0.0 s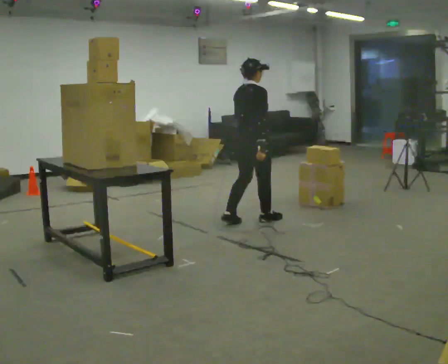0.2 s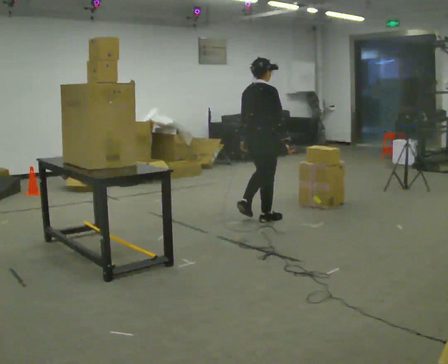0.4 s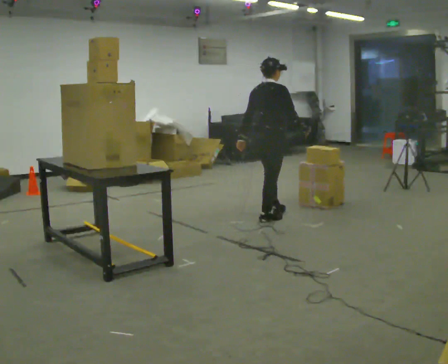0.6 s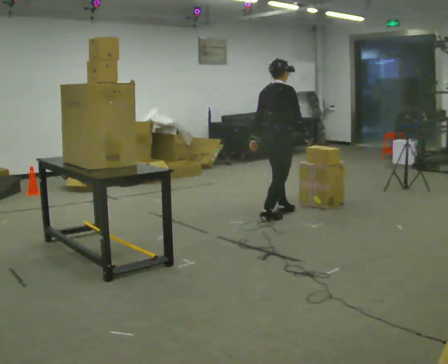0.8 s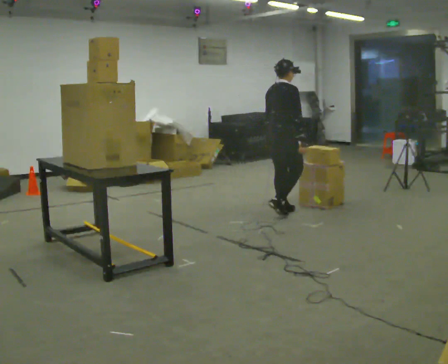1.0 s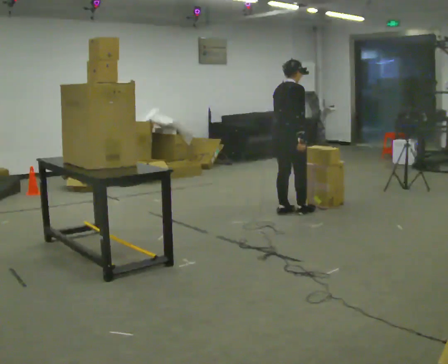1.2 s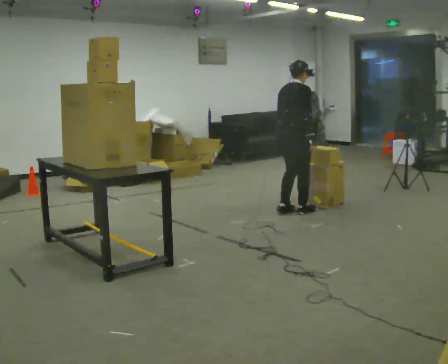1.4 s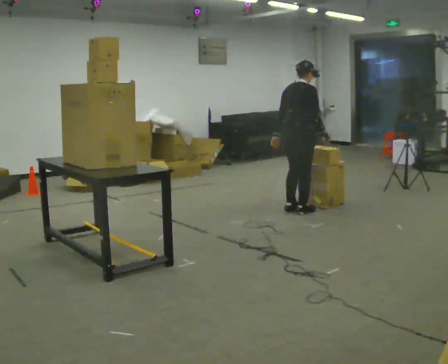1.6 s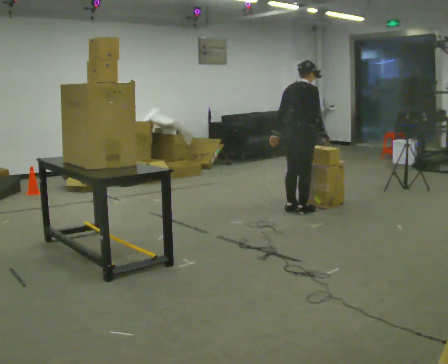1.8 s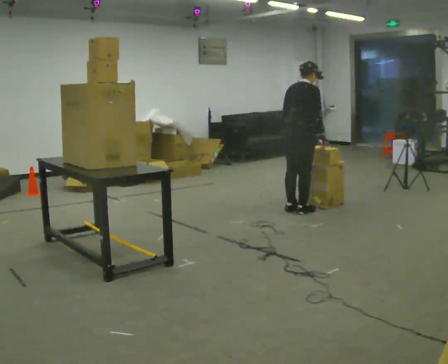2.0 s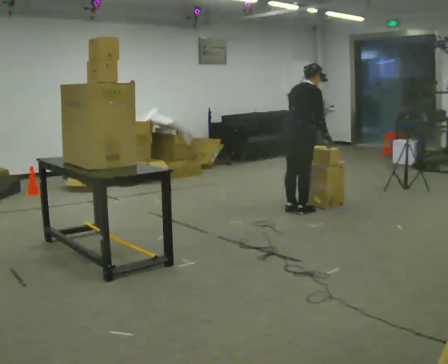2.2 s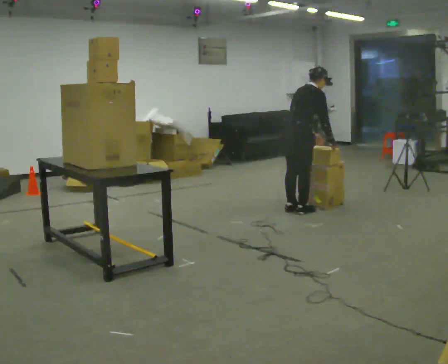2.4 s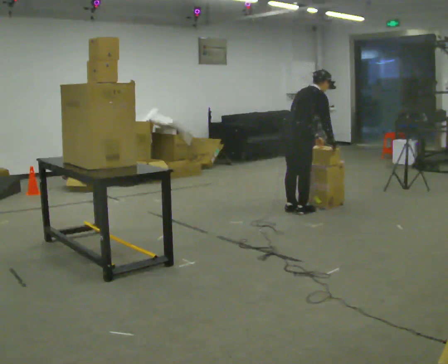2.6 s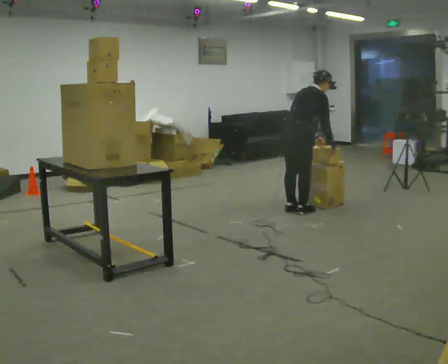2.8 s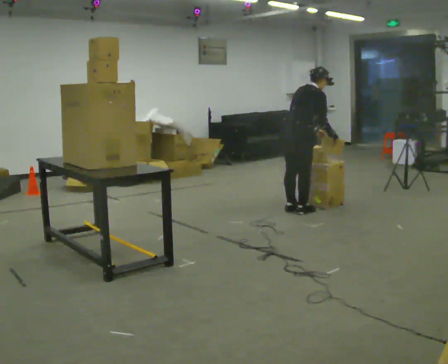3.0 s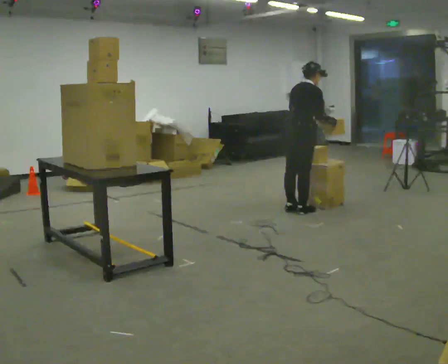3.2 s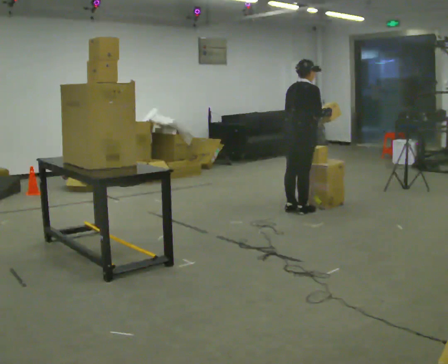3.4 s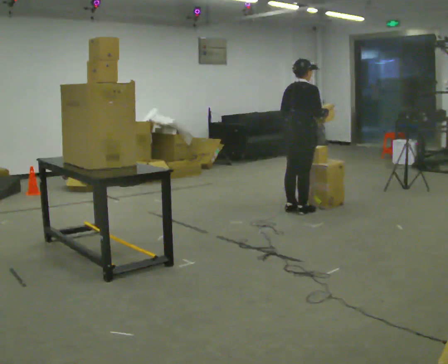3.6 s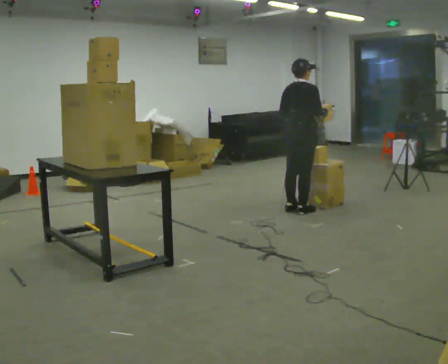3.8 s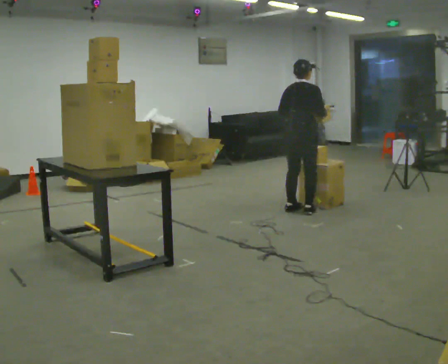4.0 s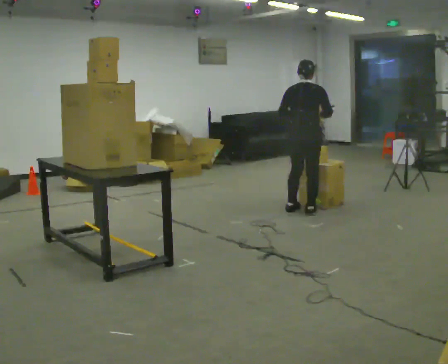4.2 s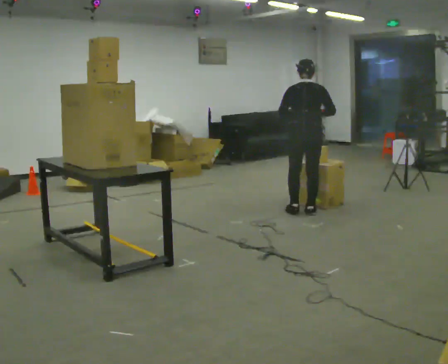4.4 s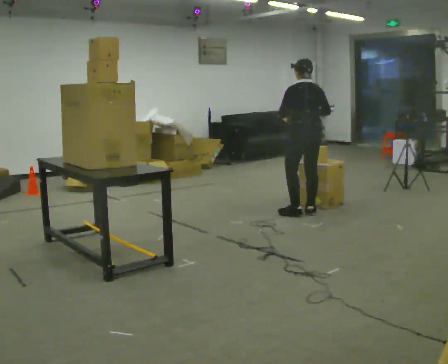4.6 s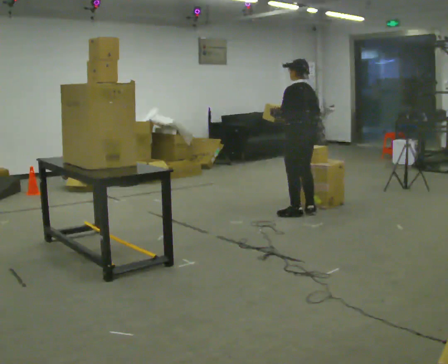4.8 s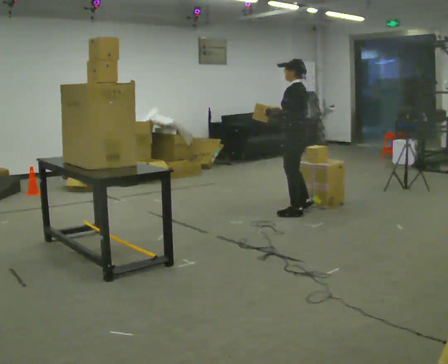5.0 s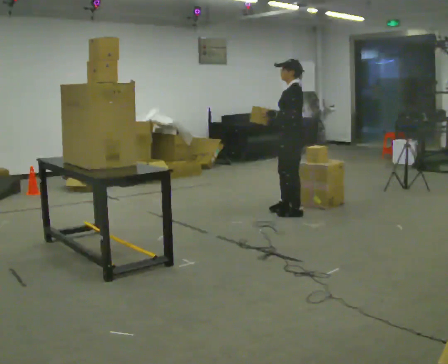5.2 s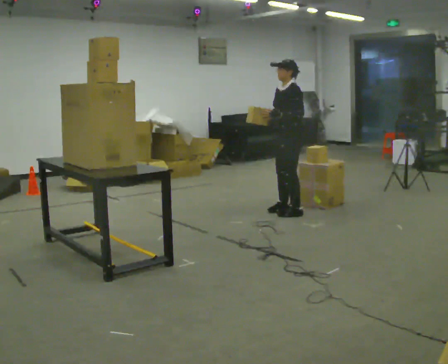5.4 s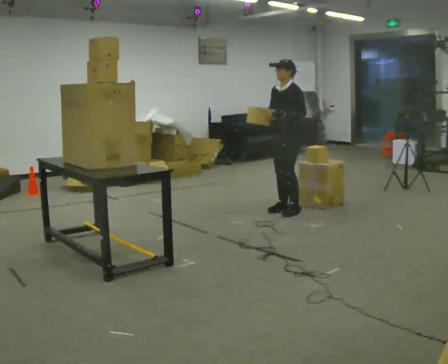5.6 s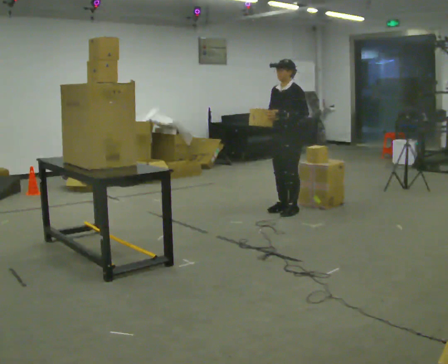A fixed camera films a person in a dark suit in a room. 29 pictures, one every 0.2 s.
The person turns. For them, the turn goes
to their left.
The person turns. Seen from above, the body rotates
counterclockwise.
0.0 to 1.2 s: In the picture they go away from the camera and to the right, about 0.5 m in 2 steps, which for them is forward.
1.2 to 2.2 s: In the picture the upper body tilts clockwise, shoulders to the right, as they bend forward.
2.2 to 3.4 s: The person moves a little, or ends about where they began.
3.4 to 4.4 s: The part of the body nearest the lens slides to the right as the person turns to their left by about 75 degrees.
4.4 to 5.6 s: The part of the body nearest the lens slides to the right as the person turns to their left by about 105 degrees. In the picture they go to the left, about 0.25 m in 2 steps. In the picture their right hand goes to the left.
The film runs forward here.
